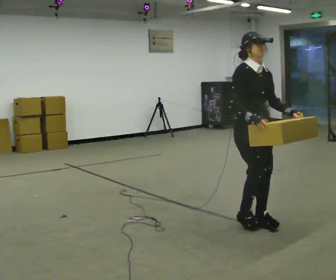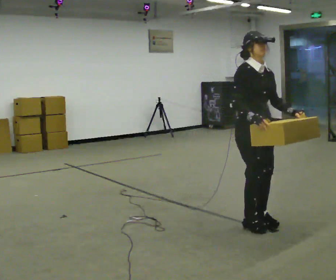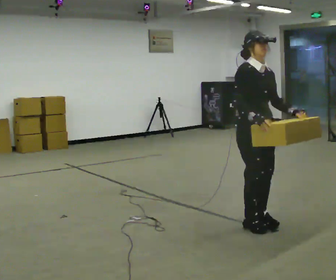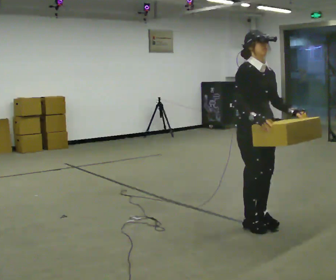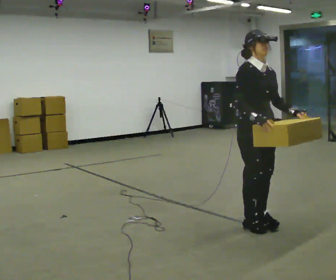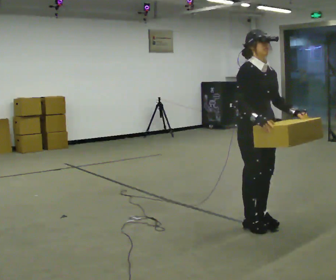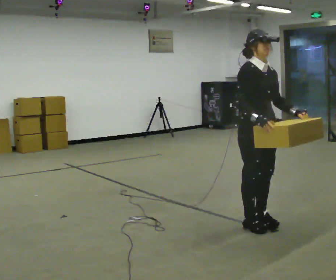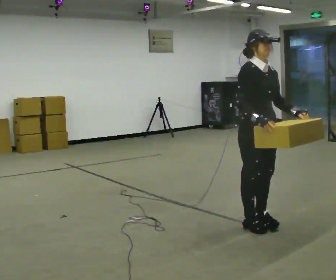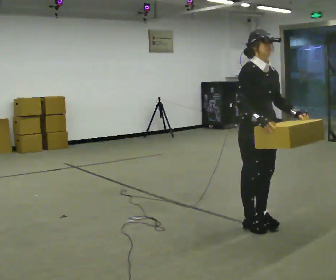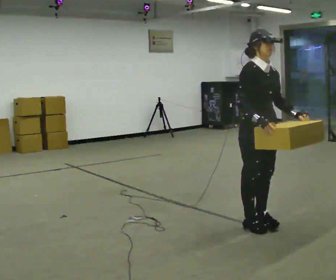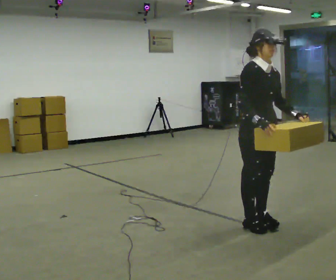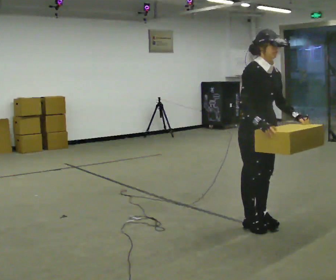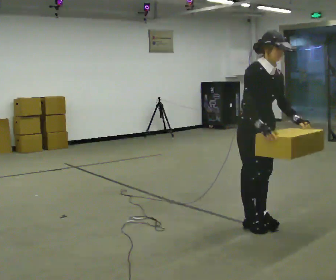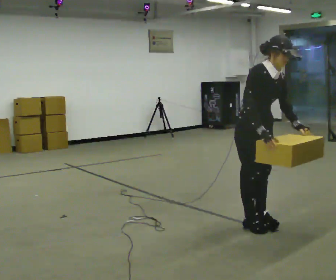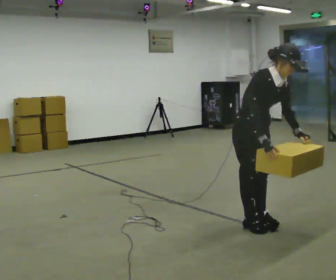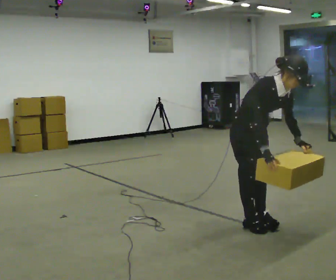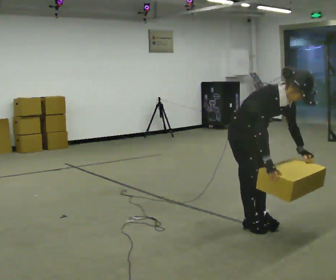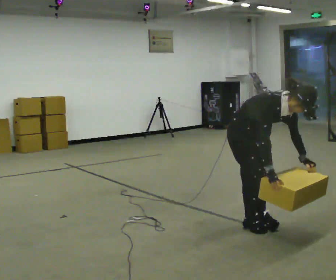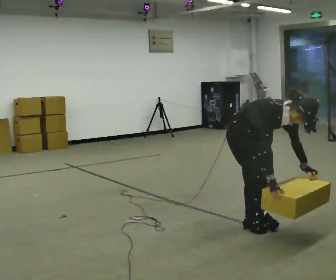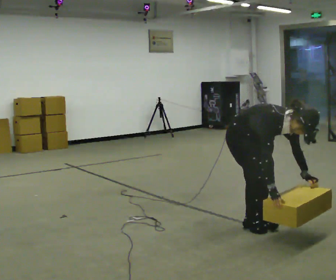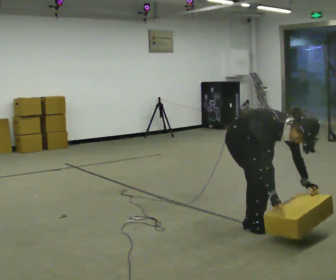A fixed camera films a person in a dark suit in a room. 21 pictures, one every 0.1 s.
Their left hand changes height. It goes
downward.
Their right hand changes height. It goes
downward.
0.0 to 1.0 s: The person moves a little, or ends about where they began.
1.0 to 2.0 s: The upper body goes downward. In the picture the upper body tilts clockwise, shoulders to the right, as they bend forward. In the picture their right hand goes downward.
The film runs forward here.
